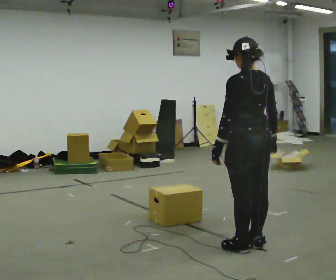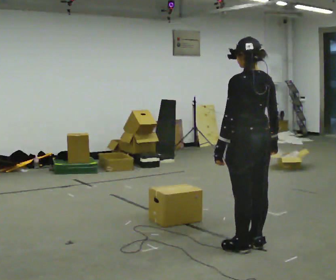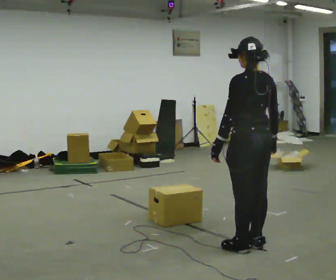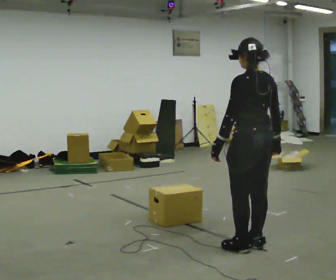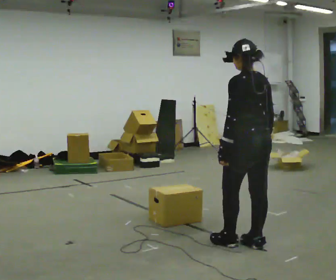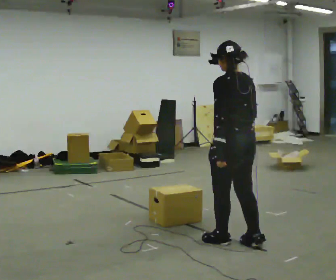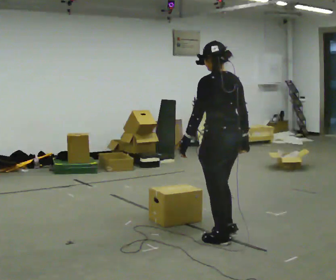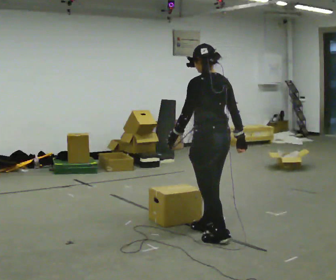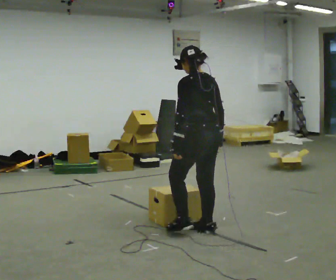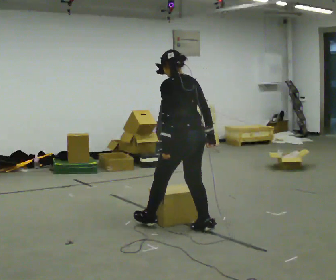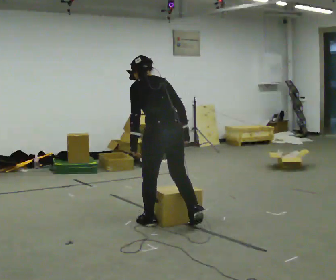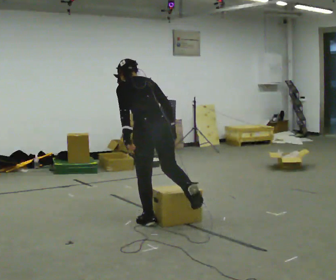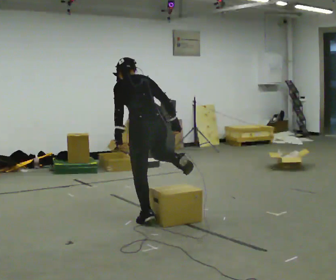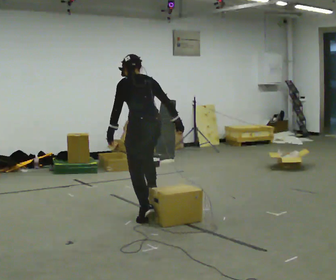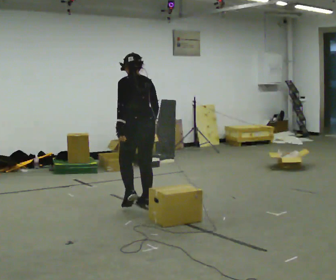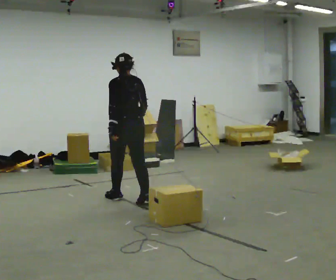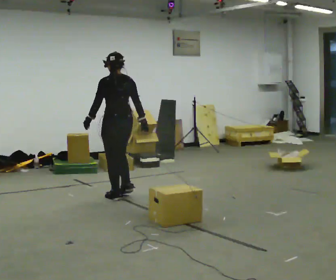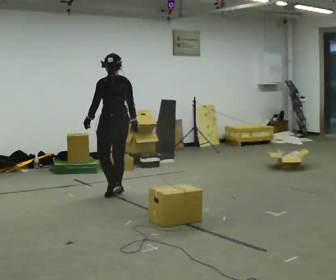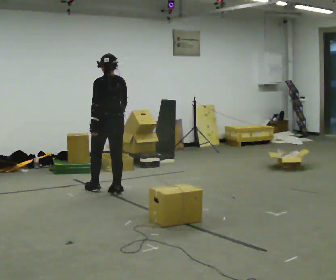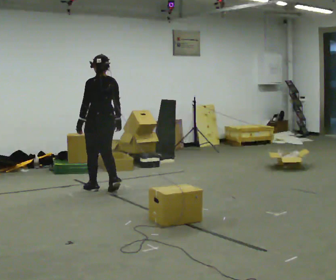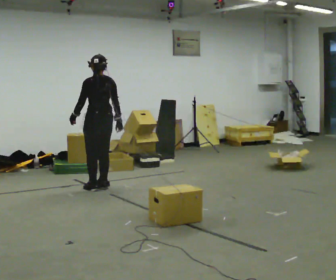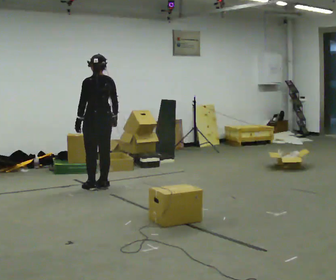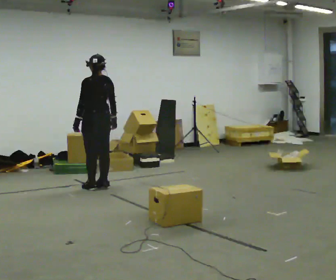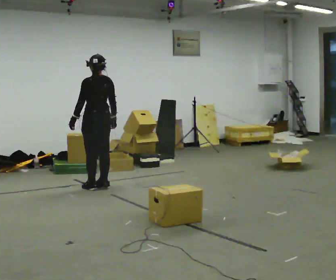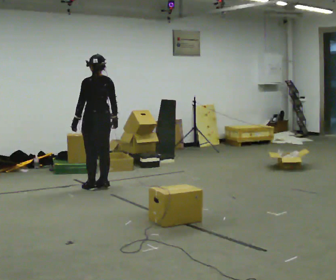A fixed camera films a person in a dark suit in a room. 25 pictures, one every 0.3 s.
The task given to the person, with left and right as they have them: Walk back and forth across the room at a normal pace, looking ahead. There may be something on the floor. Recover however comes naturally and carry on.
0.0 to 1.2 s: The person moves a little, or ends about where they began.
1.2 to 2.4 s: In the picture they go away from the camera and to the left, about 0.5 m in 2 steps, which for them is forward.
2.4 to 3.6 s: In the picture they go to the left and away from the camera, about 0.5 m in 1 step, which for them is forward. In the picture the upper body tilts counterclockwise, shoulders to the left, as they bend forward.
3.6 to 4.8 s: In the picture they go away from the camera and to the left, about 1 m in 2 steps, which for them is forward. The upper body tips toward the camera, its near side rolling downward, as they lean back or straighten.
4.8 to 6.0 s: In the picture they go away from the camera and to the left, about 0.5 m in 3 steps, which for them is forward.
6.0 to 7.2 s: The person moves a little, or ends about where they began.
The film runs forward here.
